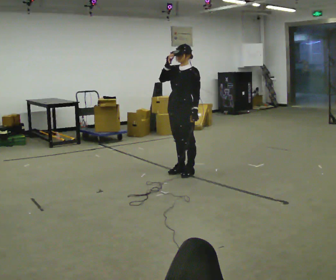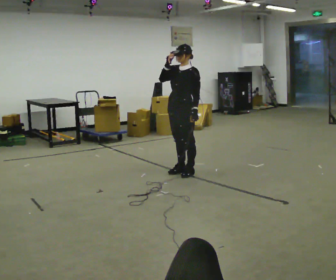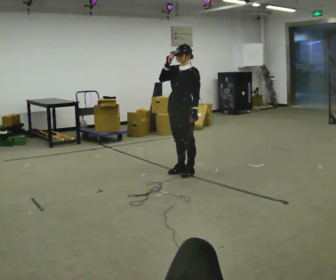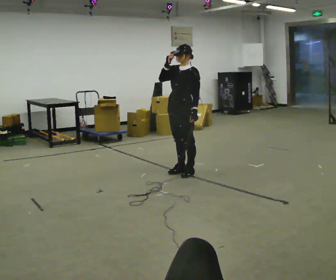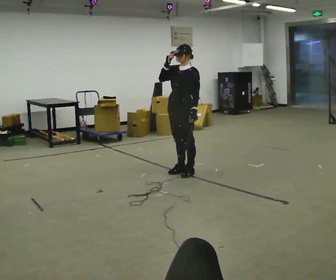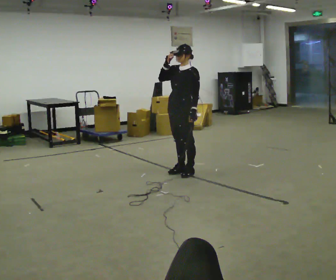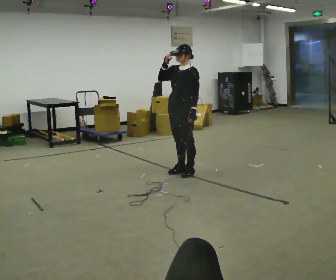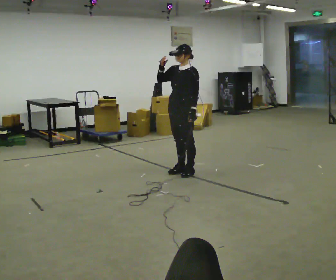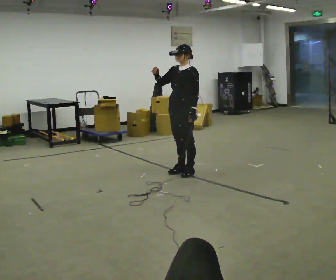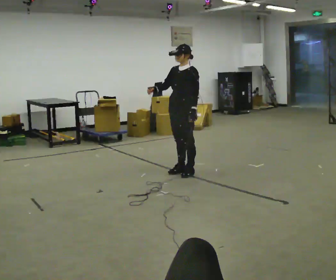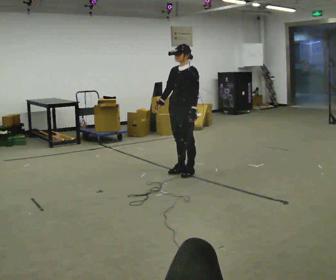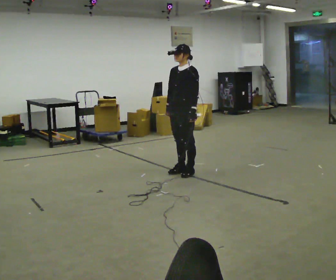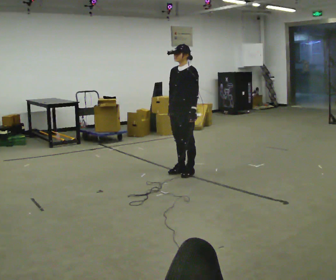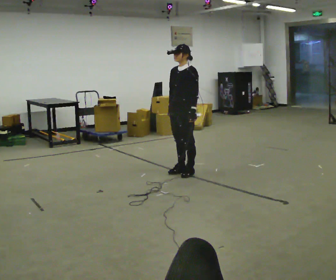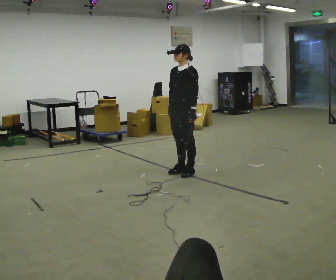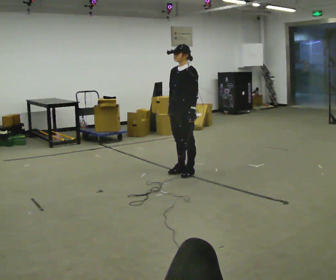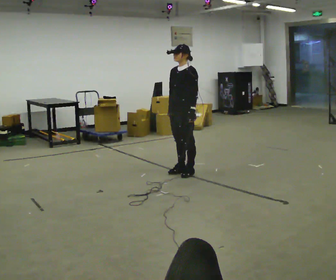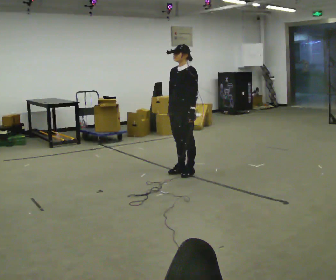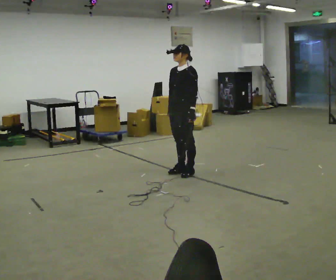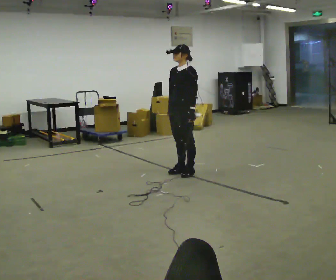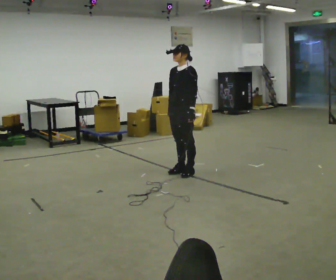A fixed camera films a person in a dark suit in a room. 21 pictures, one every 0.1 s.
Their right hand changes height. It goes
downward.
0.0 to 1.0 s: In the picture their right hand goes downward.
1.0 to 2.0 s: The person moves a little, or ends about where they began.
The film runs backward here.
